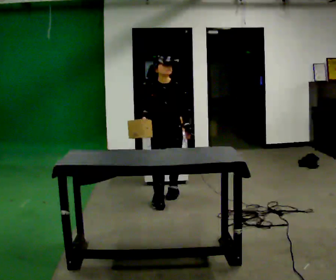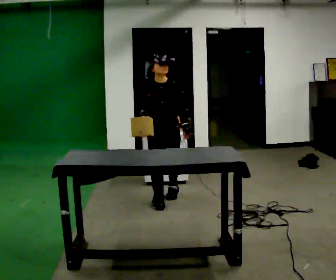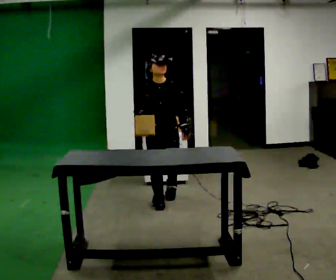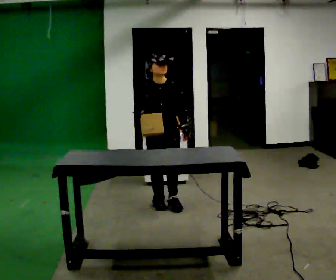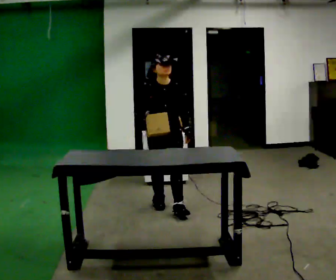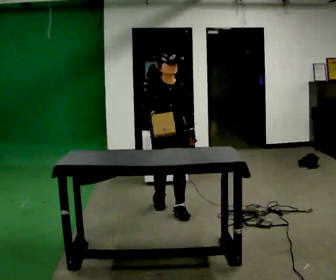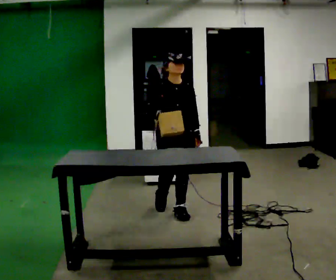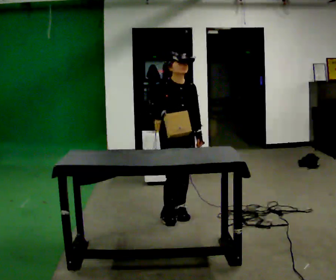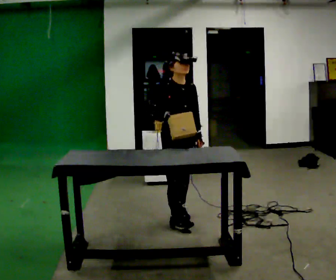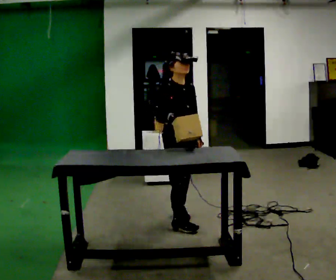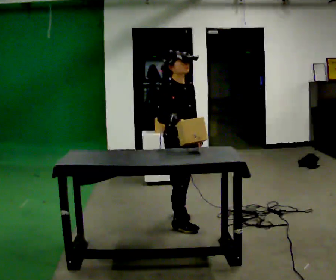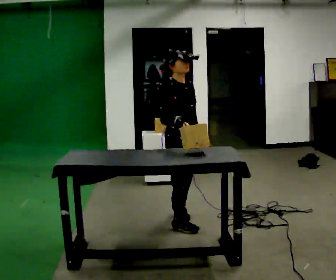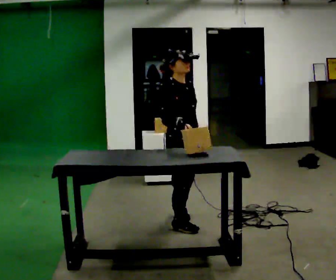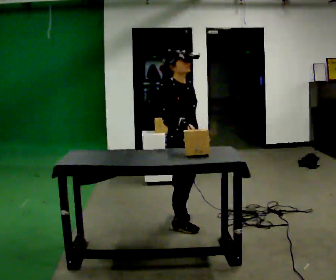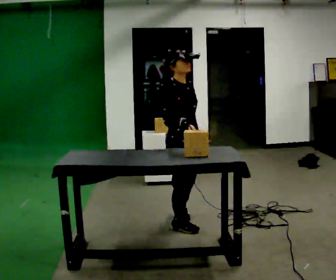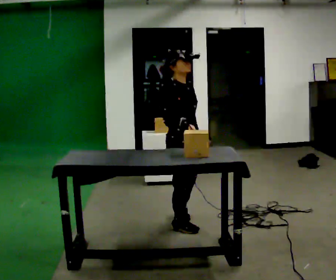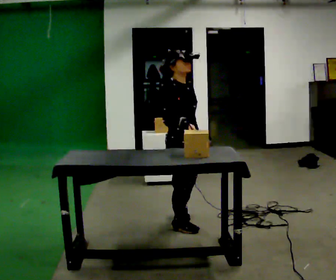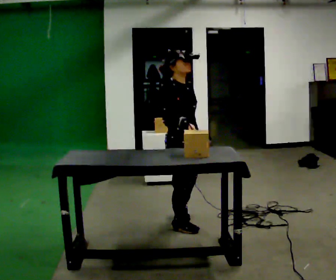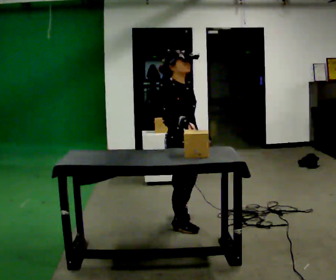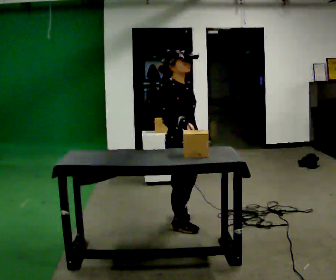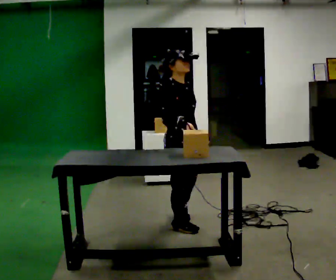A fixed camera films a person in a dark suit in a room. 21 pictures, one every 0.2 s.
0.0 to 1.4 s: In the picture they go toward the camera, about 0.5 m in 1 step, which for them is forward.
1.4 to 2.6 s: The part of the body nearest the lens slides to the right as the person turns to their left by about 30 degrees. In the picture they go toward the camera, about 0.25 m in 1 step, which for them is forward and to their right.
2.6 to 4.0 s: The person keeps their place and pose.
The film runs forward here.
